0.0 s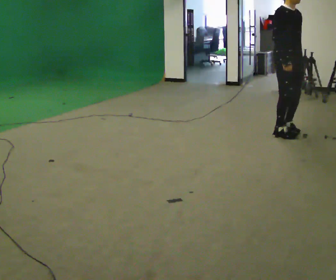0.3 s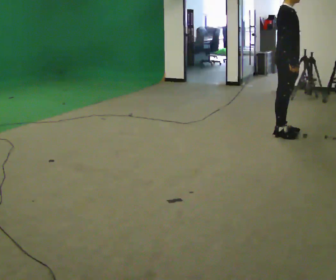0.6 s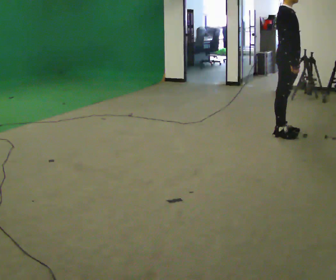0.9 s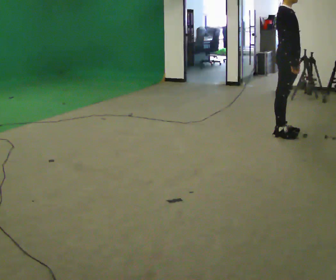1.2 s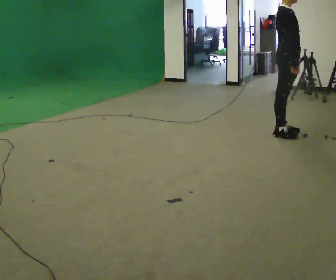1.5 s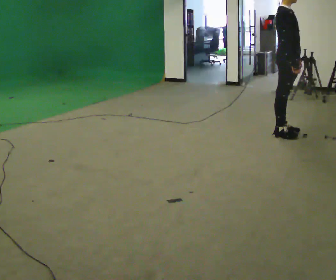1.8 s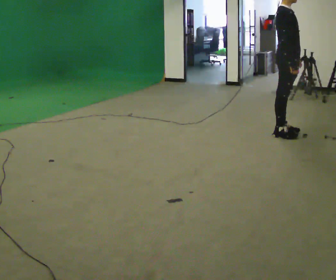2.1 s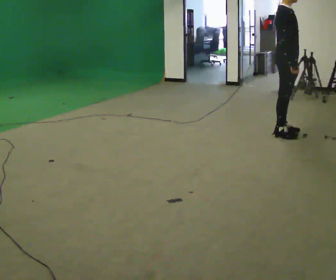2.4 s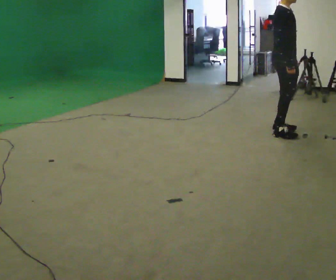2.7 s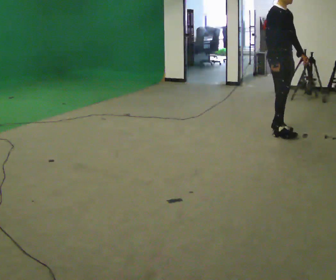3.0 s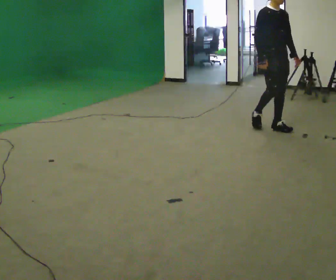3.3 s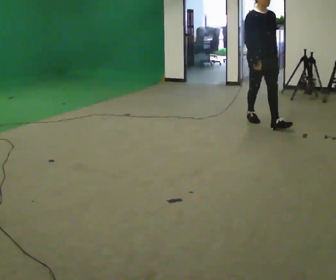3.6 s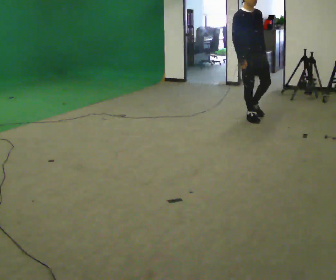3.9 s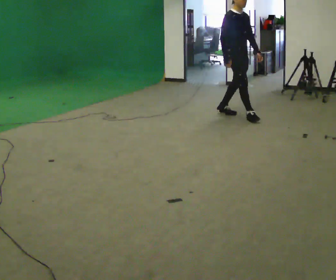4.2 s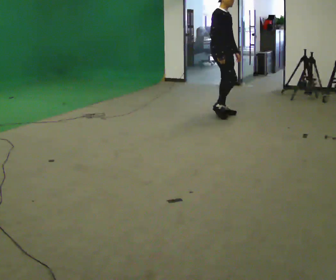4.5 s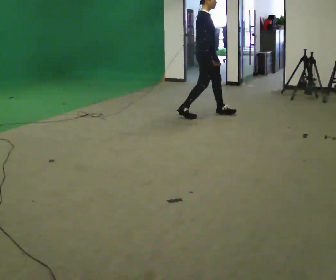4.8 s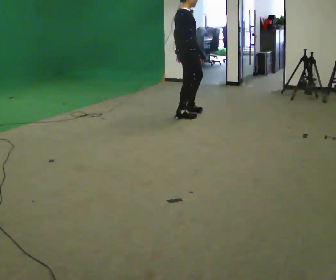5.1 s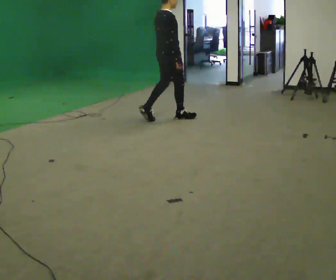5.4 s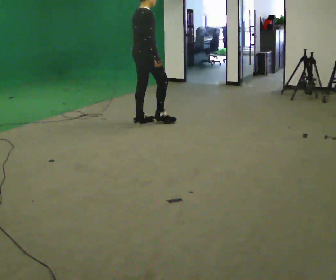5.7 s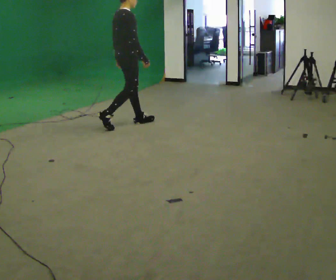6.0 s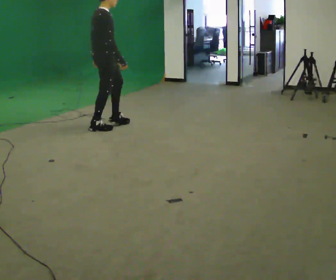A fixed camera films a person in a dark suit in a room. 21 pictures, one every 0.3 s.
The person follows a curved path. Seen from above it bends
counterclockwise.
The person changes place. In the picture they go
to the left.
0.0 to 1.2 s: The part of the body nearest the lens slides to the right as the person turns to their left by about 45 degrees.
1.2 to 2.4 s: The person moves a little, or ends about where they began.
2.4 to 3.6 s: The part of the body nearest the lens slides to the left as the person turns to their right by about 45 degrees. In the picture they go away from the camera and to the left, about 0.5 m in 2 steps, which for them is backward.
3.6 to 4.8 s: The part of the body nearest the lens slides to the right as the person turns to their left by about 75 degrees. In the picture they go to the left, about 1 m in 2 steps.
4.8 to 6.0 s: In the picture they go to the left and toward the camera, about 1 m in 2 steps, which for them is backward.
The film runs backward here.
